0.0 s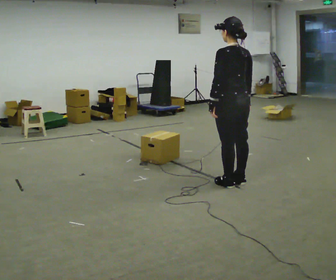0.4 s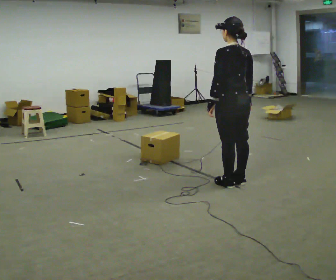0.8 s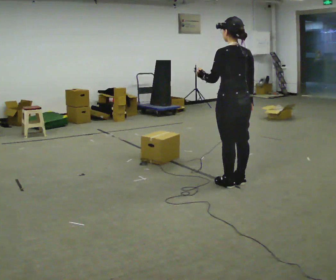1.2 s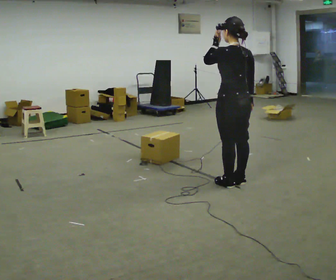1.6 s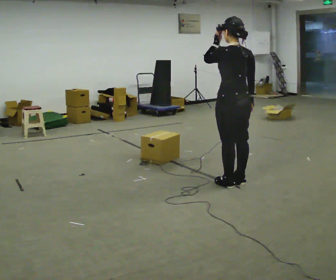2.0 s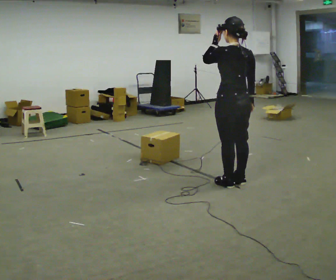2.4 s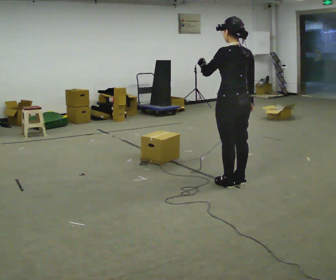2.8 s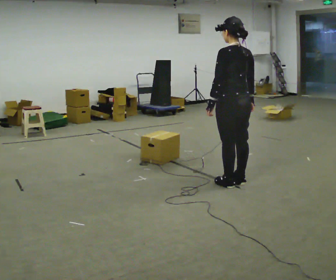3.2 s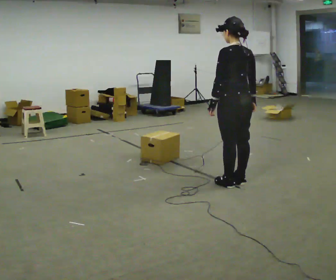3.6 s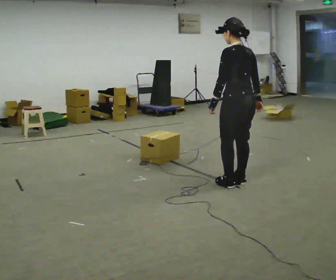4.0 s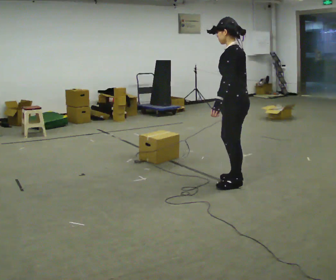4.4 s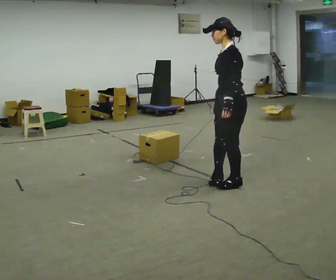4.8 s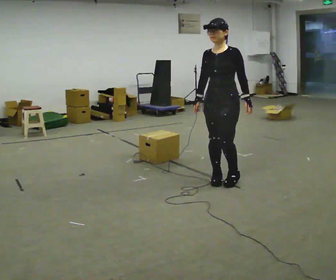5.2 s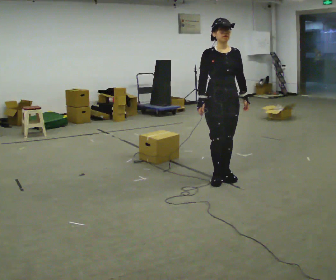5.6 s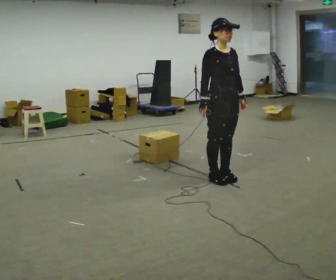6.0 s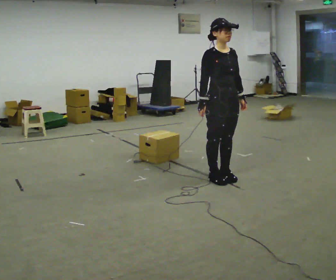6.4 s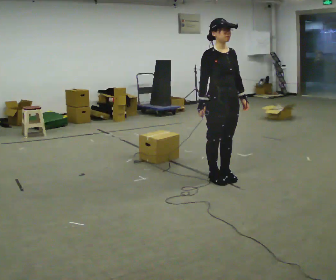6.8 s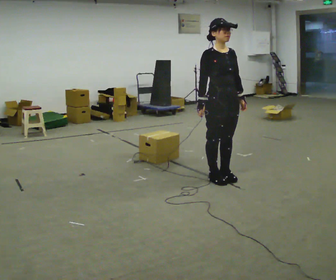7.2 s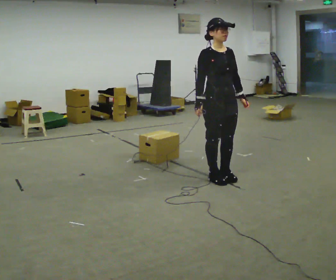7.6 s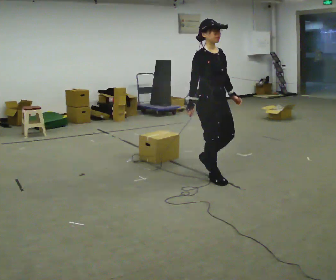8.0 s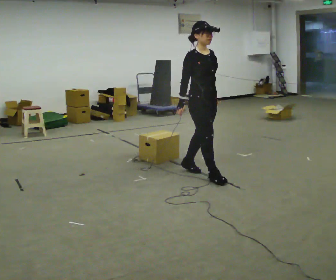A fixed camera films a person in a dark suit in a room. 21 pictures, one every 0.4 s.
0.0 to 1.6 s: In the picture their left hand goes upward.
1.6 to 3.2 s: In the picture their left hand goes downward.
3.2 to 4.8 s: The part of the body nearest the lens slides to the right as the person turns to their left by about 105 degrees. In the picture they go to the left, about 0.25 m in 2 steps. In the picture their left hand goes to the right, the arm swinging counterclockwise.
4.8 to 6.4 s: The person turns about 75 degrees to their left, counterclockwise seen from above, so the part of the body nearest the lens slides to the right.
6.4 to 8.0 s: In the picture they go to the left, about 0.25 m in 1 step, which for them is backward. In the picture their left hand goes to the left.
The film runs backward here.
